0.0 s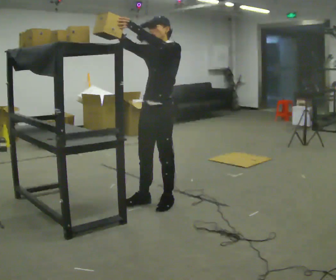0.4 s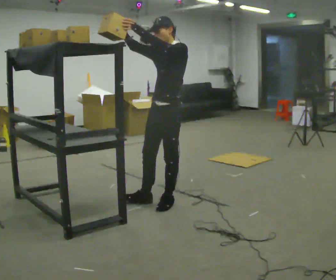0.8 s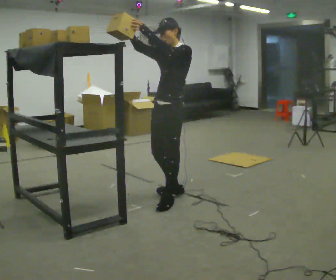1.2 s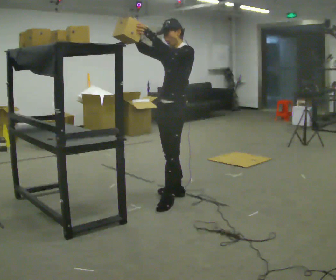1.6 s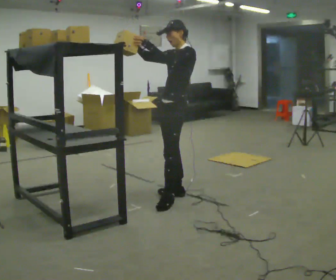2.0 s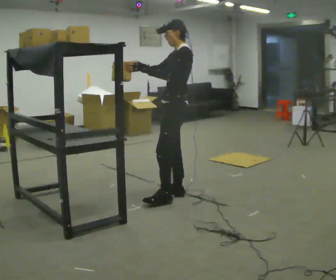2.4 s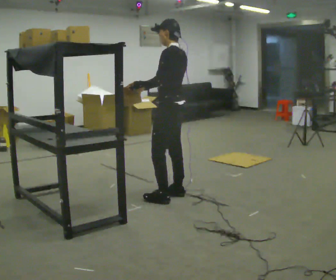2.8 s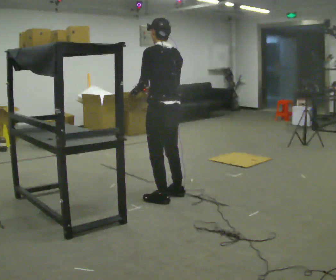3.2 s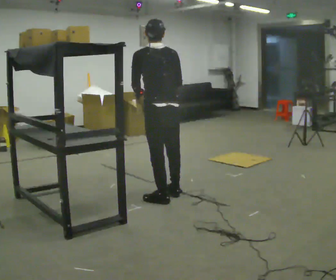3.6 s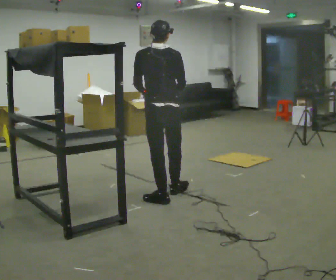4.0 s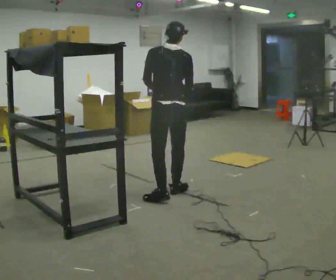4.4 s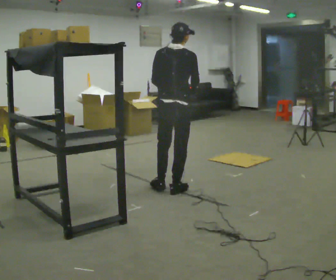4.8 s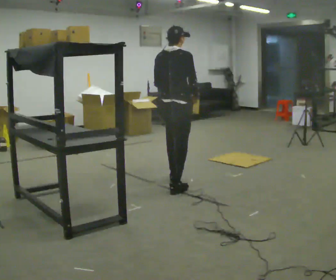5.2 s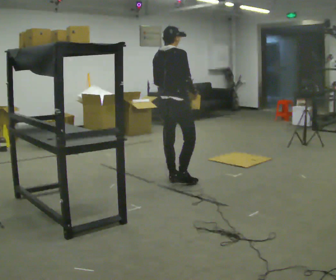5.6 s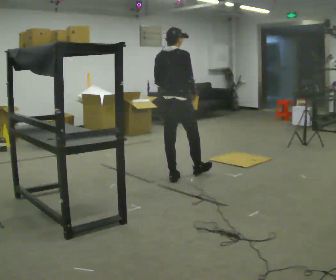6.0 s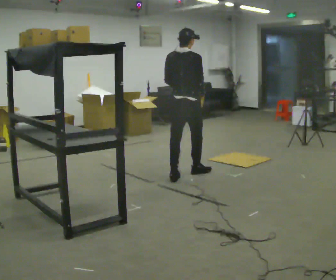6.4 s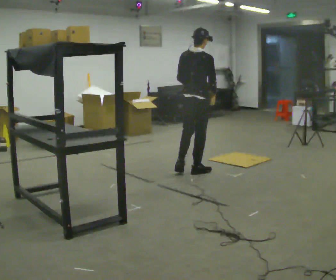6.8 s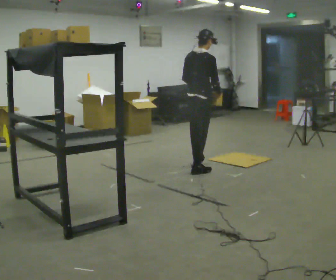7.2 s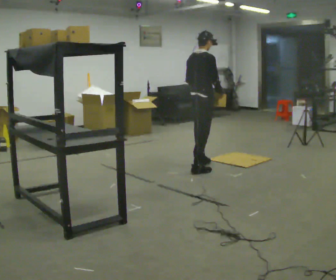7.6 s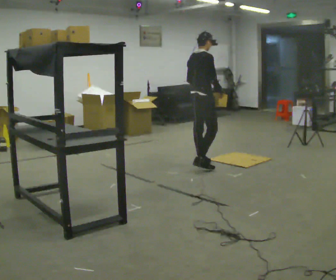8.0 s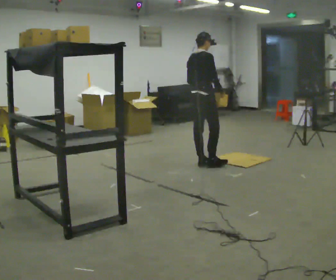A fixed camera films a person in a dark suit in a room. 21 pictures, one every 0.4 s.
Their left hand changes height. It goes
downward.
The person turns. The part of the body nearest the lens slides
to the left.
0.0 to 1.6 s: In the picture they go away from the camera and to the right, about 0.25 m in 1 step, which for them is backward.
1.6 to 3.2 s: The part of the body nearest the lens slides to the left as the person turns to their right by about 90 degrees. In the picture they go to the left and toward the camera, about 0.25 m. In the picture their right hand goes downward, the arm swinging counterclockwise.
3.2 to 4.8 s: The part of the body nearest the lens slides to the left as the person turns to their right by about 45 degrees. In the picture they go away from the camera, about 0.5 m in 1 step, which for them is forward and to their right.
4.8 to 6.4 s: In the picture they go away from the camera and to the right, about 0.5 m in 1 step, which for them is forward.
6.4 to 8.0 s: In the picture they go away from the camera, about 0.5 m in 1 step, which for them is forward and to their left.
The film runs forward here.
